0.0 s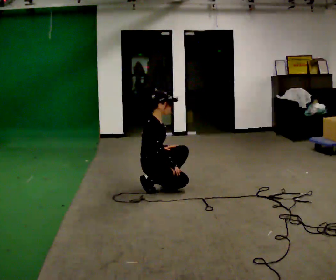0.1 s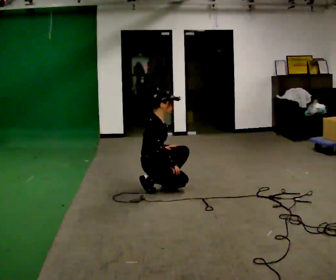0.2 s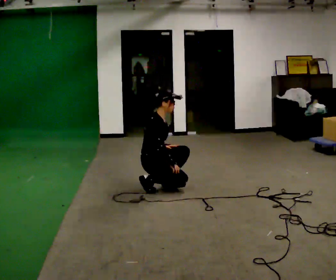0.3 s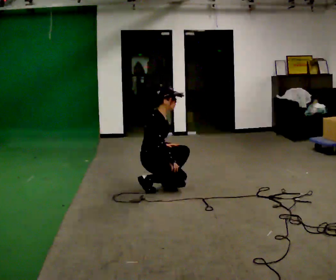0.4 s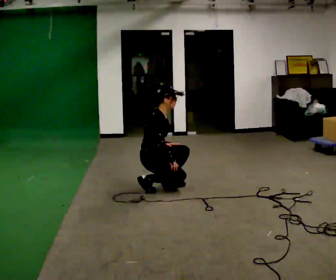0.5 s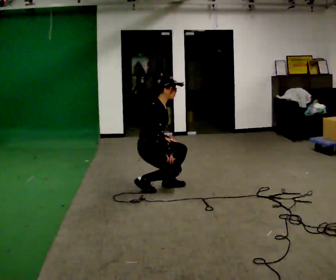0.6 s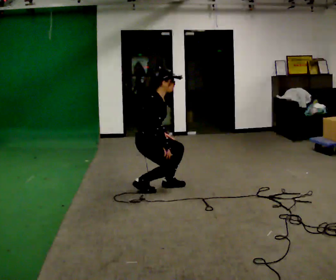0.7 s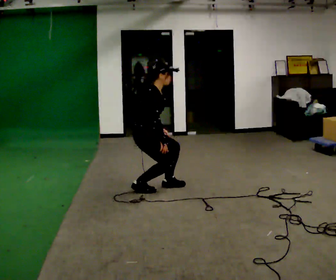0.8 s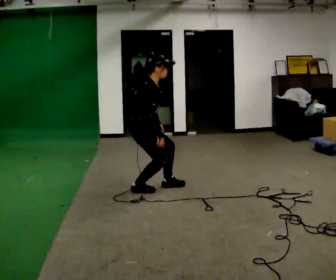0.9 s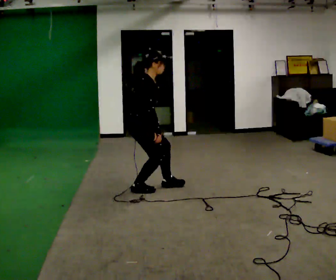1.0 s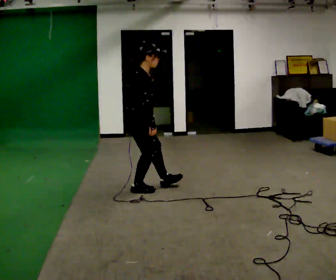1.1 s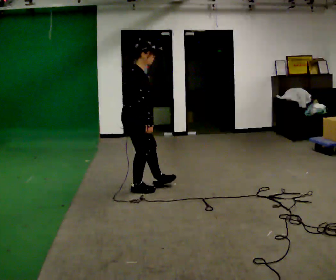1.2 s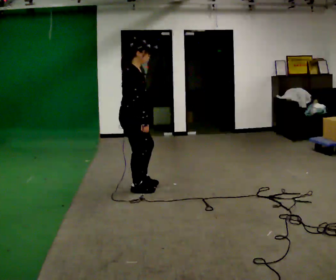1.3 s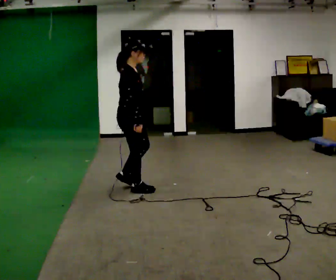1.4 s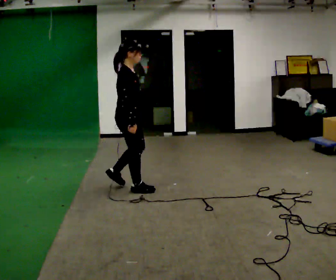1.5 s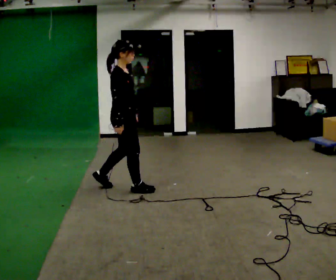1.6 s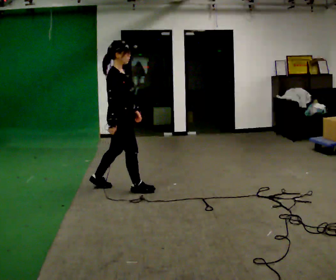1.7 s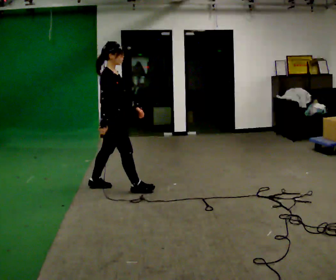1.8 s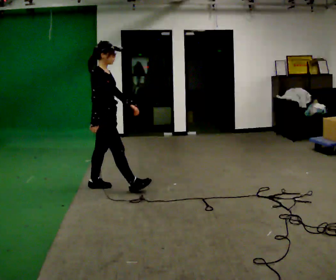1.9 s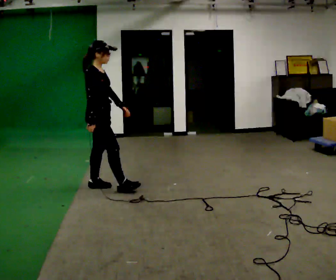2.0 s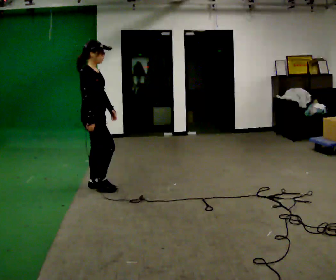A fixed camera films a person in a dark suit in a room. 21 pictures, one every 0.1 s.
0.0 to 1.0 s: The upper body goes upward. In the picture their left hand goes upward.
1.0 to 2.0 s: In the picture they go to the left, about 0.5 m in 1 step, which for them is backward.
The film runs backward here.
